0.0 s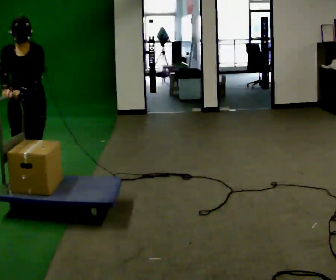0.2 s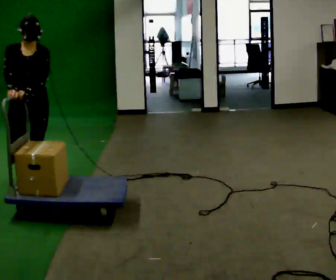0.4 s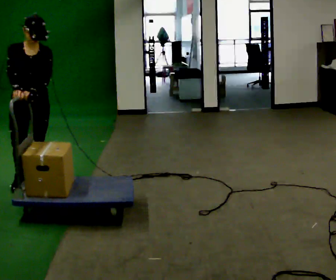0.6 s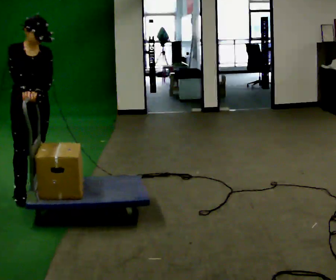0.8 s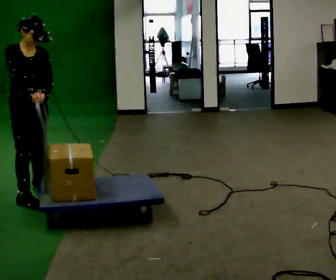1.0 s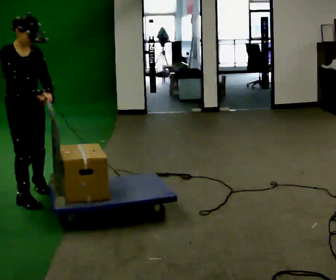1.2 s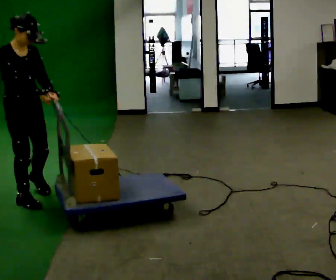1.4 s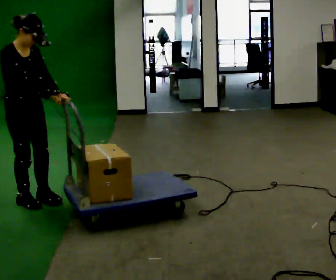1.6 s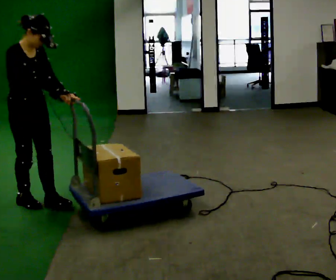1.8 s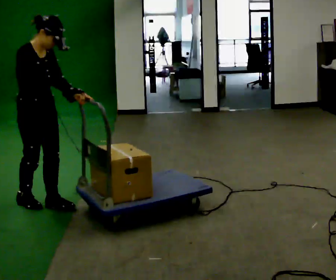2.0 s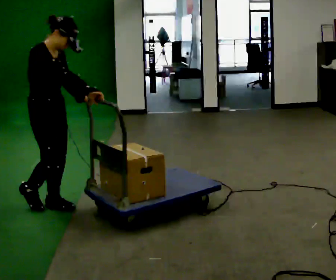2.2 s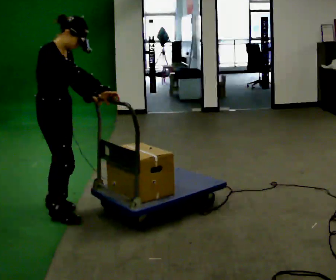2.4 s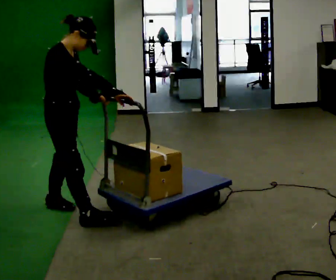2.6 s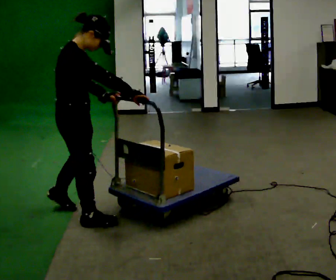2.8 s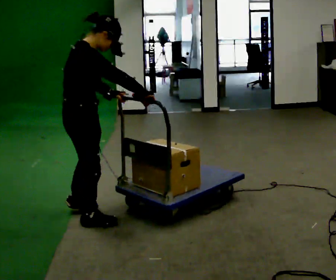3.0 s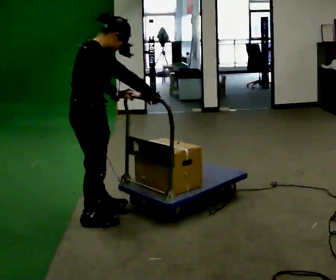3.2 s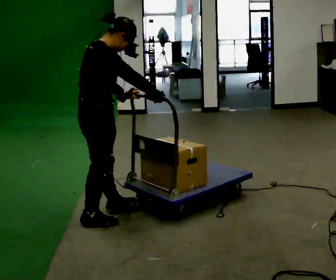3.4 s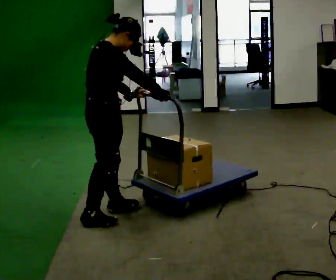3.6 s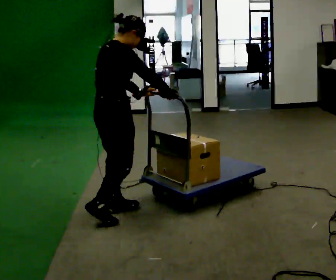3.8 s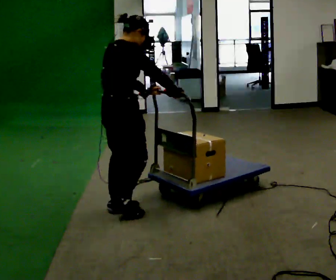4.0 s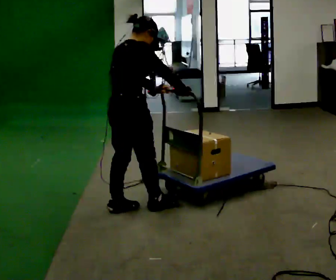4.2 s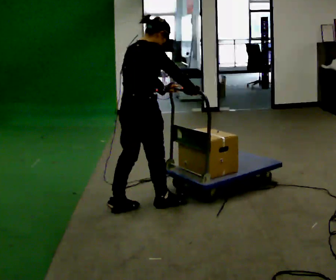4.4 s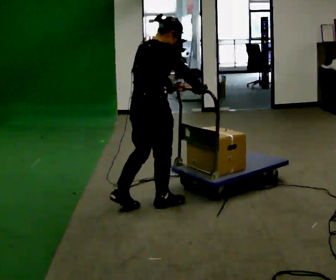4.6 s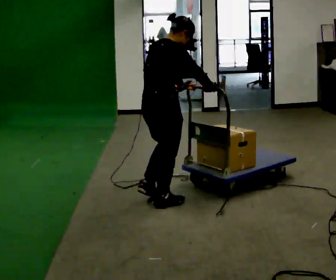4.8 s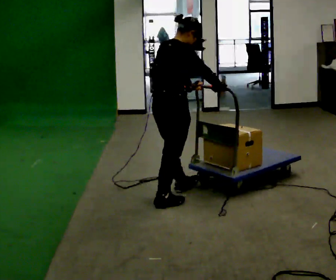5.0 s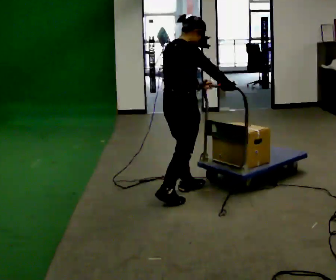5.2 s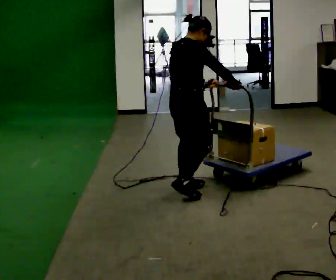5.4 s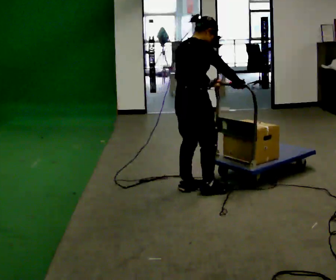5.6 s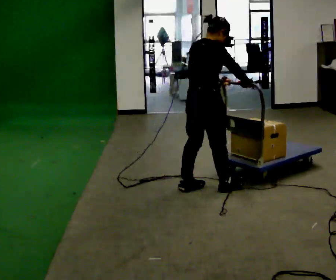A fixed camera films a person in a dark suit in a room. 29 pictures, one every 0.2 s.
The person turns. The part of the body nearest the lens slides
to the right.
The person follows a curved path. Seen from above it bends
counterclockwise.
0.0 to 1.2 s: The person turns about 45 degrees to their left, counterclockwise seen from above, so the part of the body nearest the lens slides to the right. In the picture they go toward the camera, about 0.5 m in 1 step, which for them is forward and to their right.
1.2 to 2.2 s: In the picture they go to the right and toward the camera, about 0.25 m in 1 step, which for them is forward.
2.2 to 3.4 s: Seen from above the body turns counterclockwise, about 30 degrees: to their left, with its near side sliding to the right. In the picture they go to the right, about 0.5 m in 2 steps, which for them is forward and to their right.
3.4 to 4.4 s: In the picture they go to the right and away from the camera, about 0.5 m in 1 step, which for them is forward.
4.4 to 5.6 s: In the picture they go to the right and away from the camera, about 0.5 m in 2 steps, which for them is forward.
The film runs forward here.
